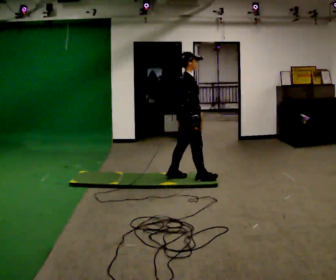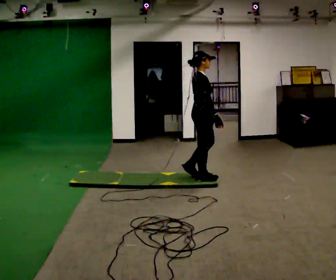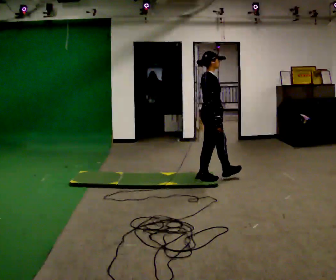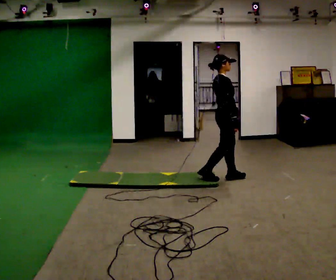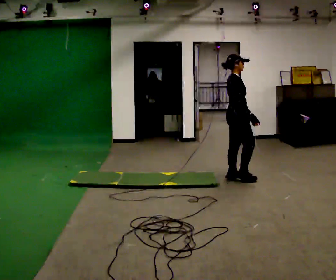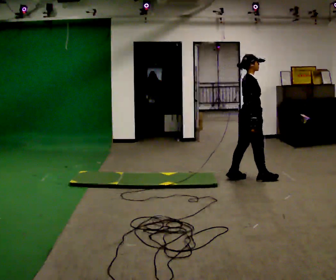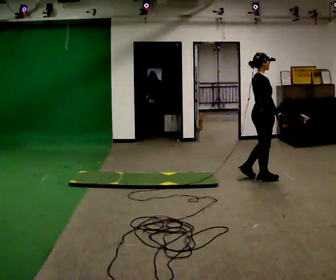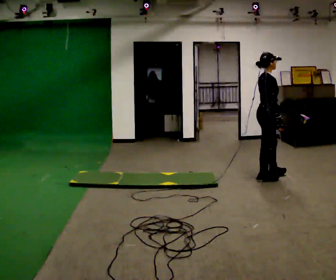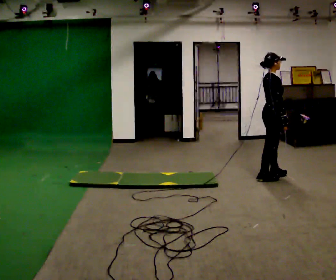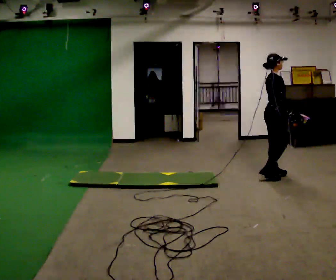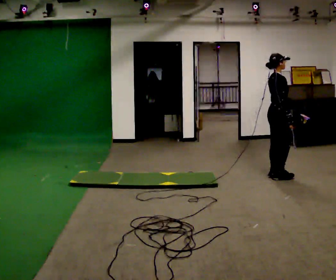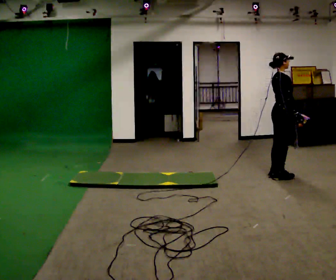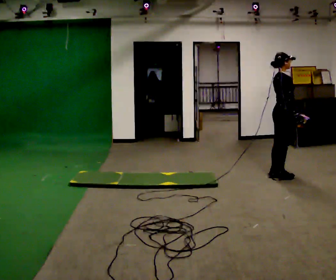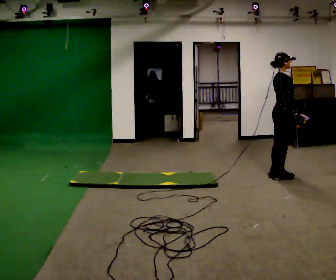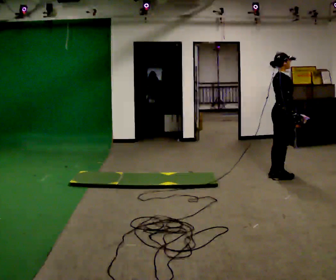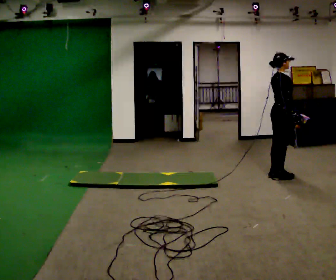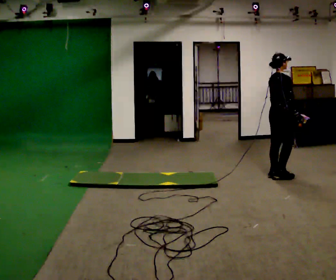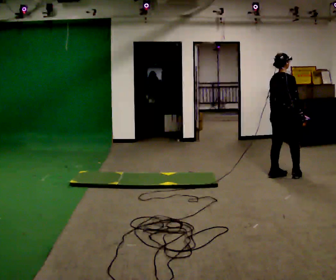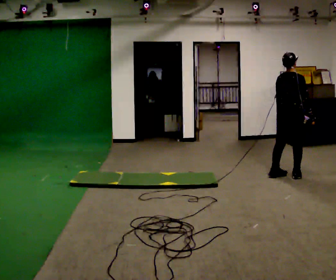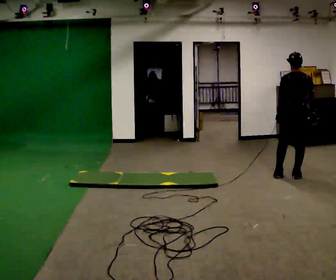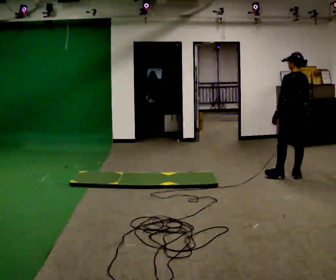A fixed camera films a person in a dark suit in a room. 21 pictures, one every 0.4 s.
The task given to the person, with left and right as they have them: Walk across the soft uneven mat at a comfortable speed; continue walking normally after you leave it.
0.0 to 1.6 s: In the picture they go to the right, about 0.5 m in 1 step, which for them is forward.
1.6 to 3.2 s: In the picture they go to the right, about 0.5 m in 2 steps, which for them is forward.
3.2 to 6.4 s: The person moves a little, or ends about where they began.
6.4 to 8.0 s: The person turns about 90 degrees to their left, counterclockwise seen from above, so the part of the body nearest the lens slides to the right. In the picture they go to the right, about 0.25 m in 1 step.
The film runs forward here.
